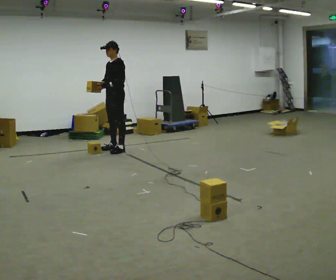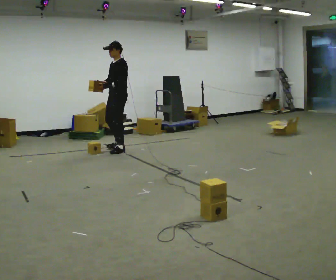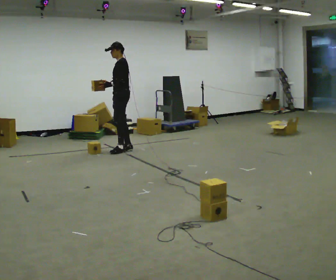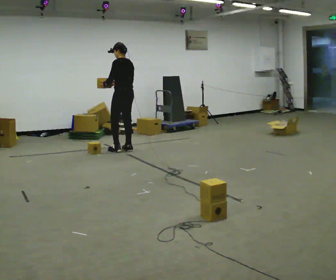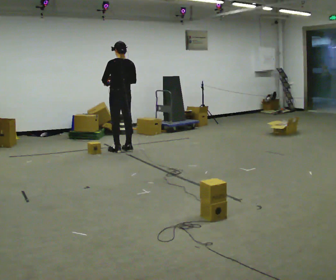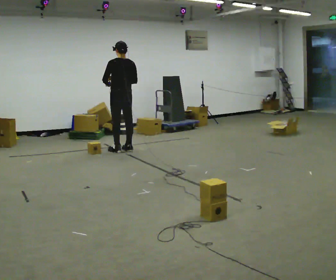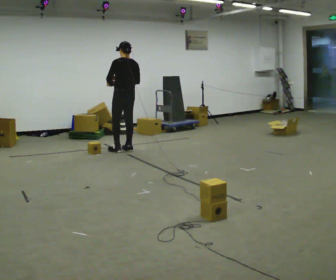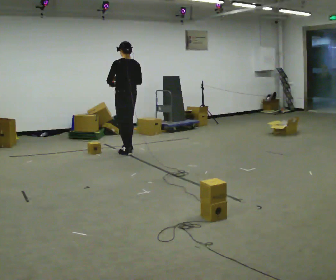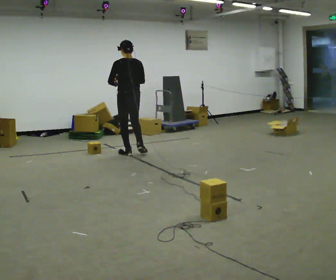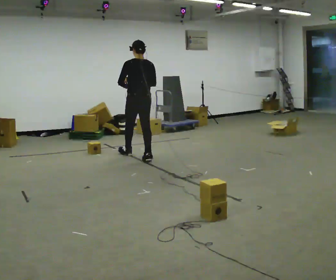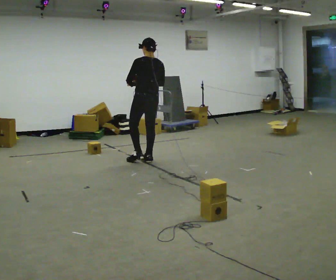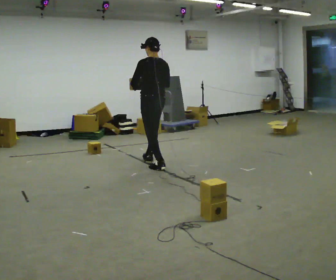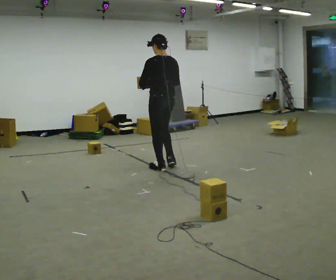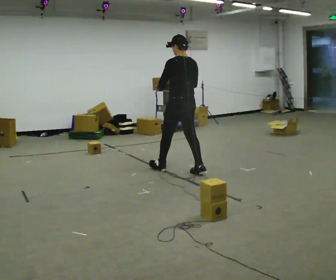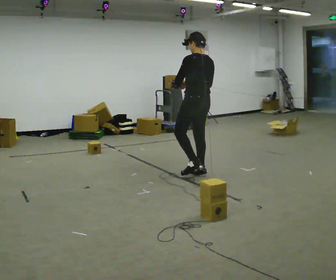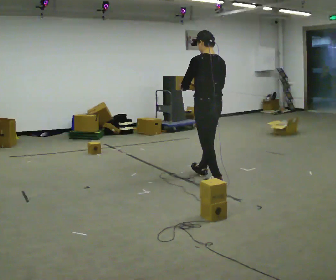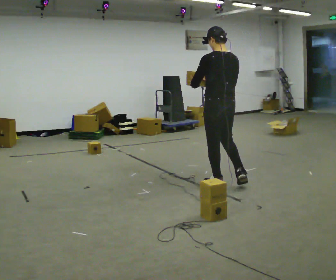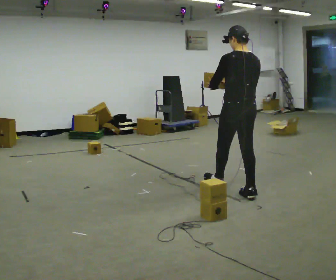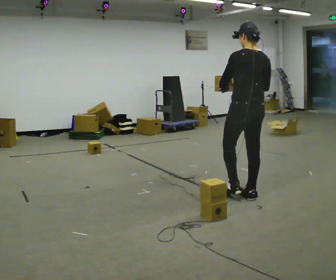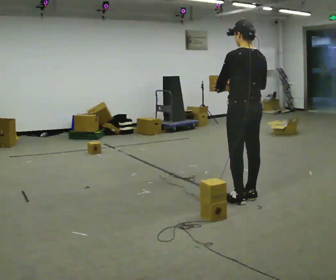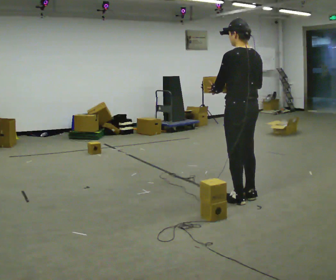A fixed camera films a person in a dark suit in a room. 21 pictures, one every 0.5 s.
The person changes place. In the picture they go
toward the camera.
0.0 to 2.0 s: Seen from above the body turns clockwise, about 90 degrees: to their right, with its near side sliding to the left.
2.0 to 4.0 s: In the picture they go toward the camera and to the right, about 0.25 m in 2 steps, which for them is backward.
4.0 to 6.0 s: In the picture they go toward the camera and to the right, about 1 m in 2 steps, which for them is backward.
6.0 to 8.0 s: In the picture they go toward the camera and to the right, about 1 m in 2 steps, which for them is backward.
8.0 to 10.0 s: In the picture they go toward the camera, about 0.5 m in 1 step, which for them is backward.
The film runs backward here.
